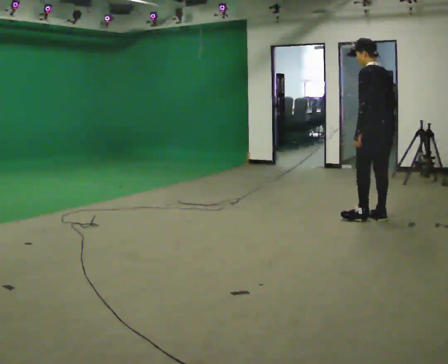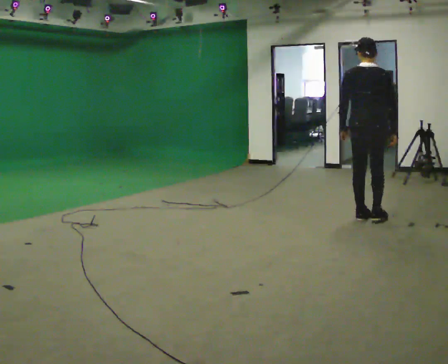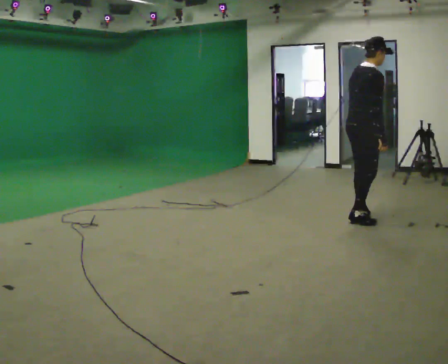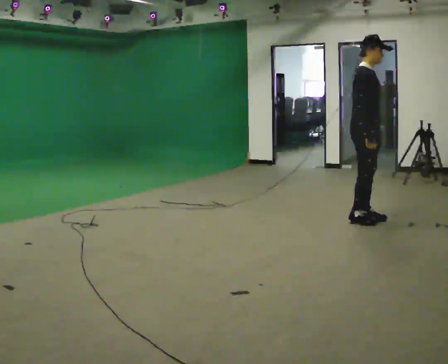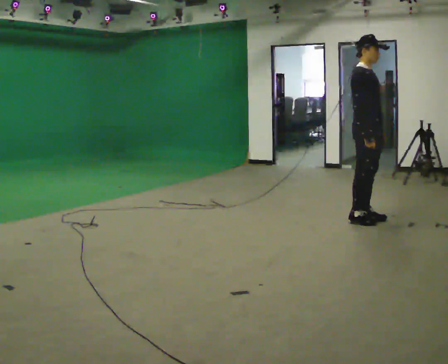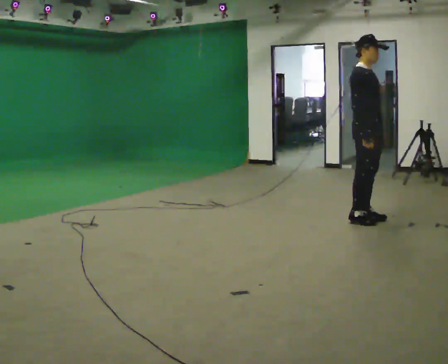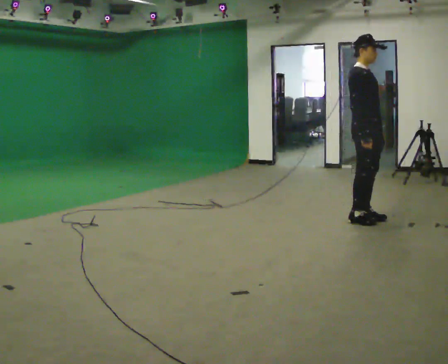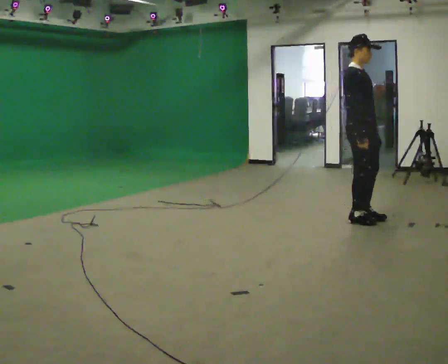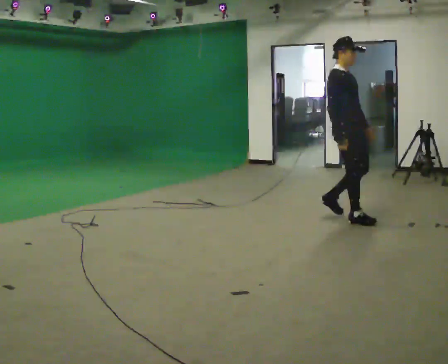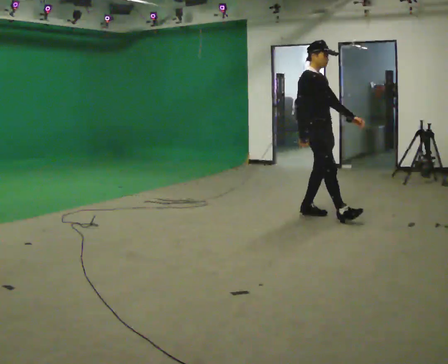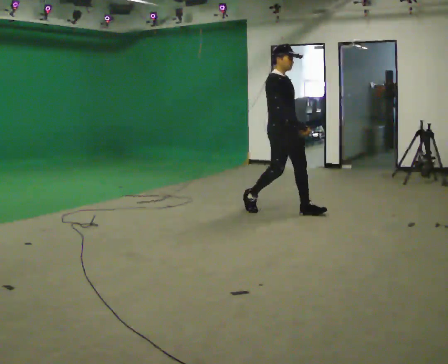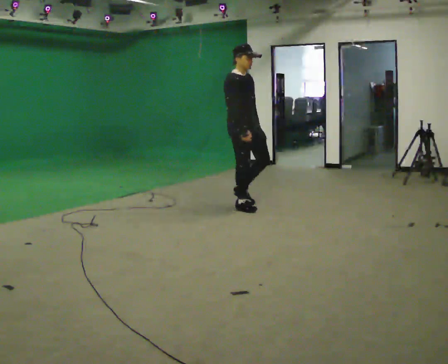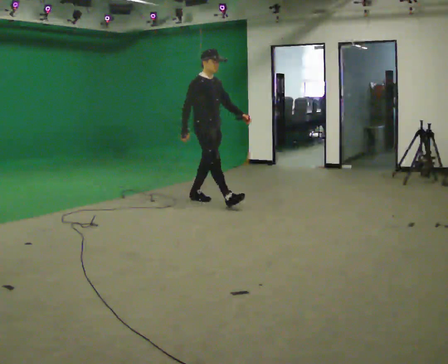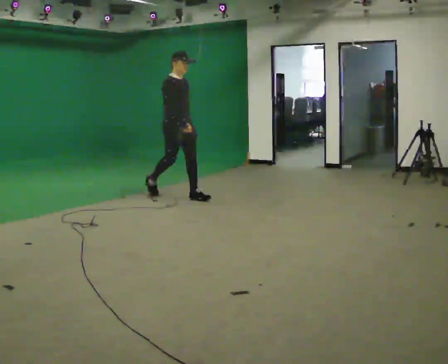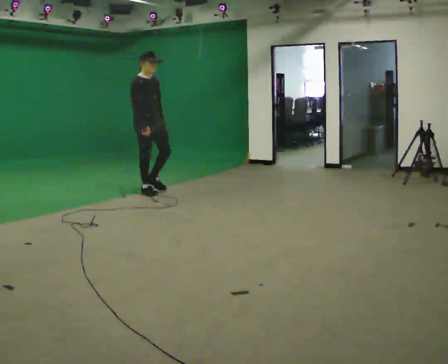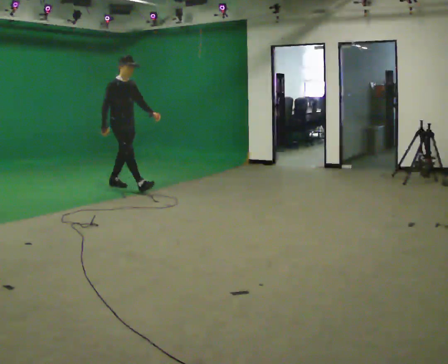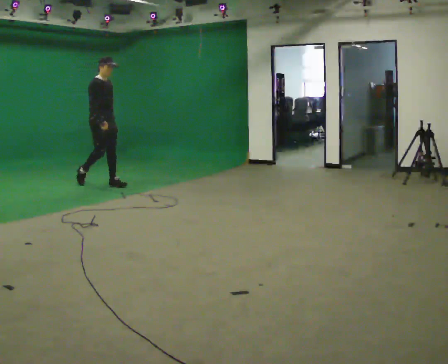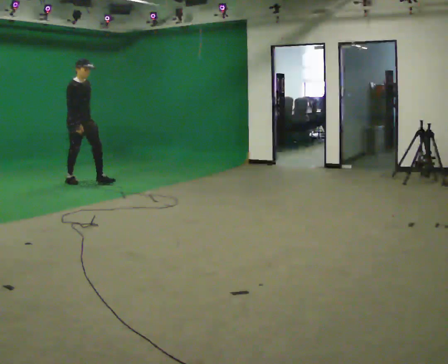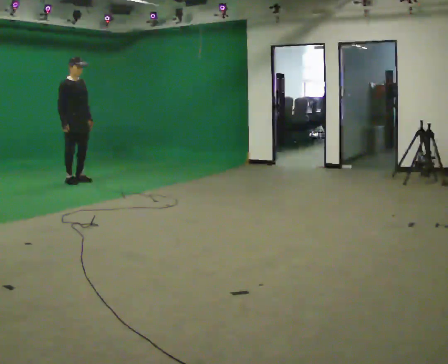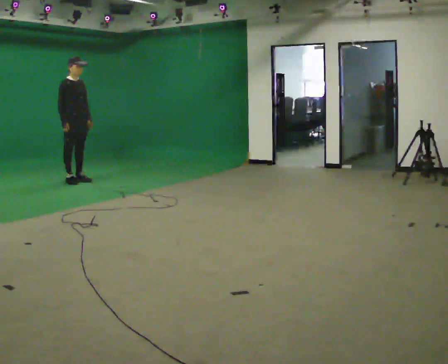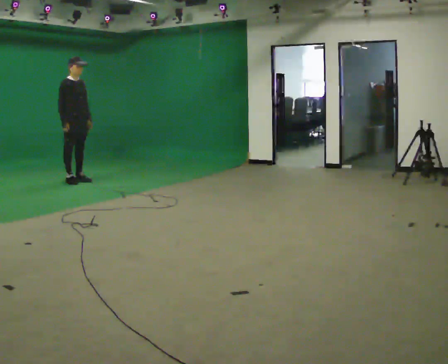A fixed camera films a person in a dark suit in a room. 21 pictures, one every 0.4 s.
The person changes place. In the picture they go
to the left.
0.0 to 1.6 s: The person turns about 165 degrees to their right, clockwise seen from above, so the part of the body nearest the lens slides to the left. In the picture they go to the left, about 0.25 m in 1 step.
1.6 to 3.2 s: In the picture they go to the left, about 0.25 m in 1 step, which for them is backward.
3.2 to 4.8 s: In the picture they go to the left and away from the camera, about 1.5 m in 3 steps, which for them is backward.
4.8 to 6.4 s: In the picture they go to the left and away from the camera, about 1.5 m in 2 steps, which for them is backward.
6.4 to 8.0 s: In the picture they go to the left, about 0.5 m in 1 step, which for them is backward.
The film runs backward here.
